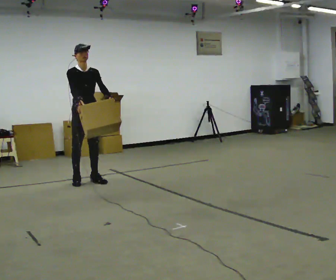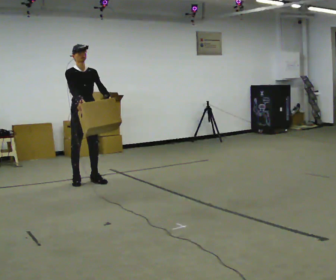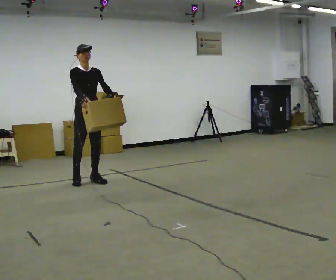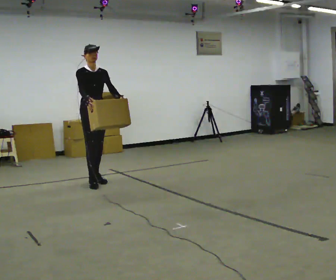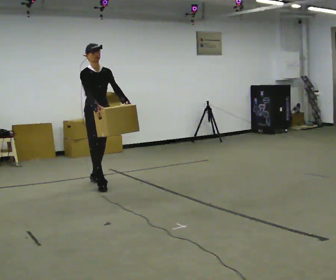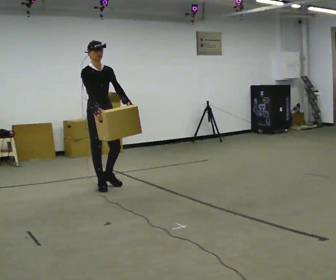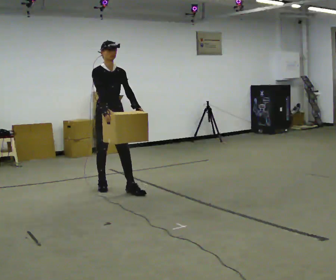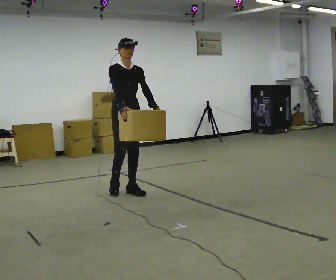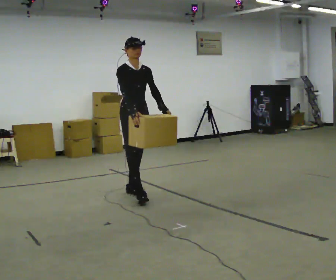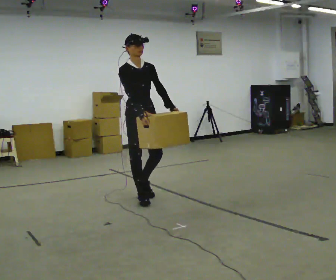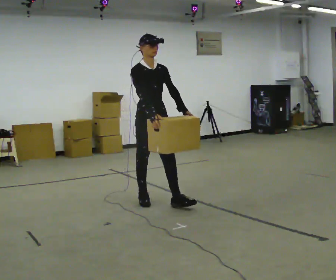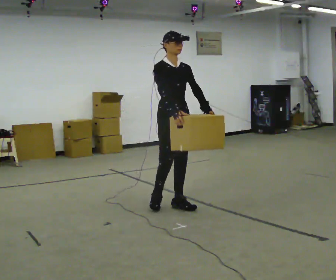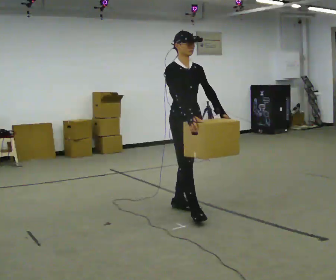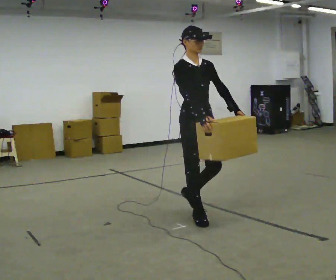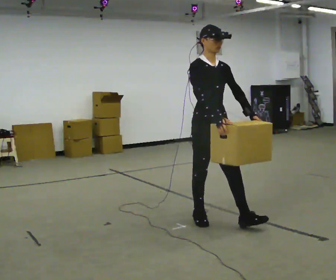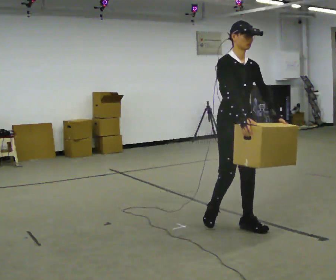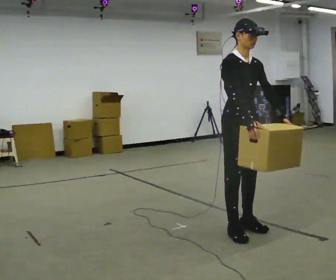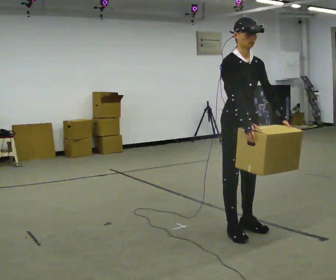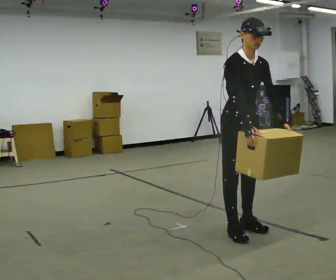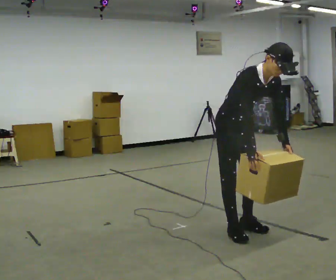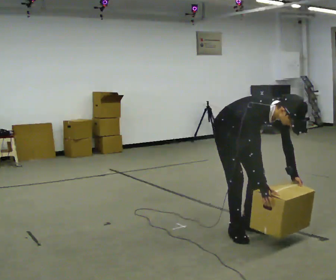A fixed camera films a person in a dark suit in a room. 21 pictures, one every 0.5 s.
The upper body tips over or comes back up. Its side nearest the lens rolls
downward.
0.0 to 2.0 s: In the picture they go to the right, about 0.25 m in 1 step, which for them is forward.
2.0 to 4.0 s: In the picture they go toward the camera and to the right, about 0.5 m in 2 steps, which for them is forward.
4.0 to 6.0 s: In the picture they go toward the camera and to the right, about 1 m in 2 steps, which for them is forward.
6.0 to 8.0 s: In the picture they go toward the camera and to the right, about 0.5 m in 2 steps, which for them is forward.
8.0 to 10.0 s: The shoulders move downward. The upper body tips toward the camera, its near side rolling downward, as they bend forward. In the picture their left hand goes downward.
The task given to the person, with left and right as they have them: Carry the box across the room much more slowly and carefully than normal, back and forth.
The film runs forward here.
